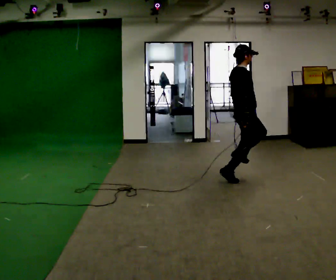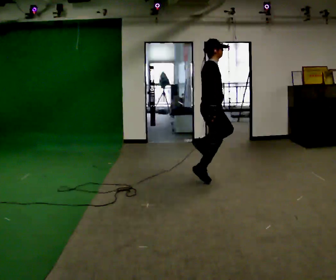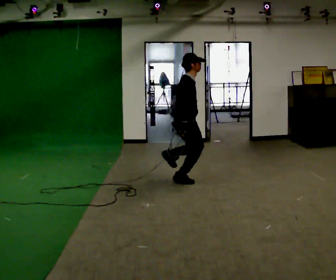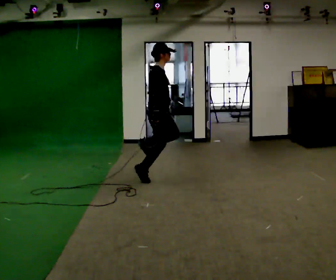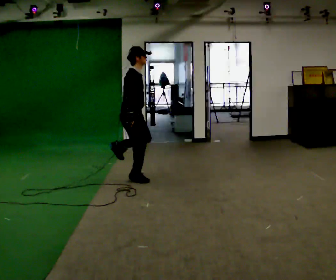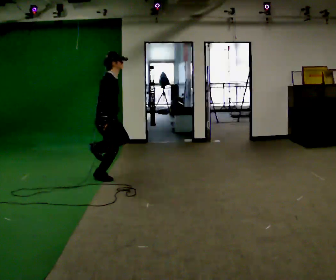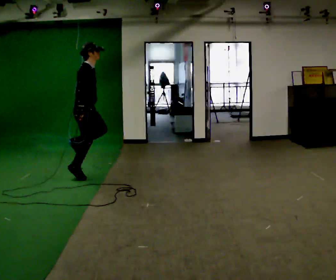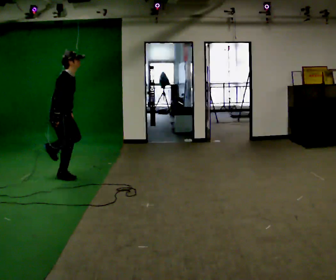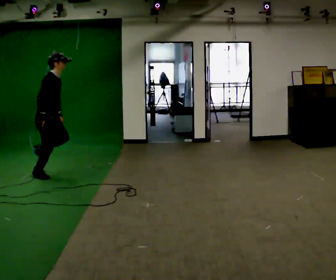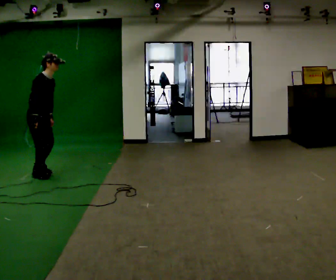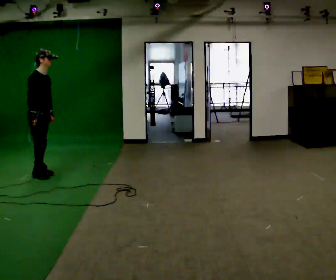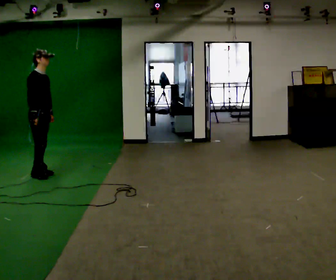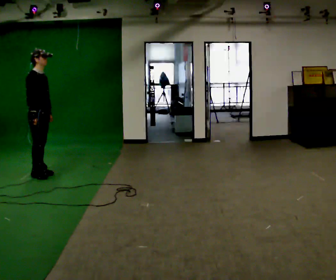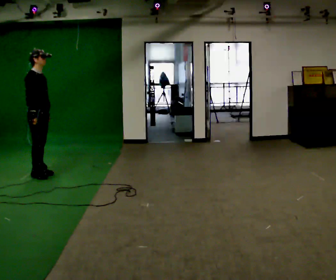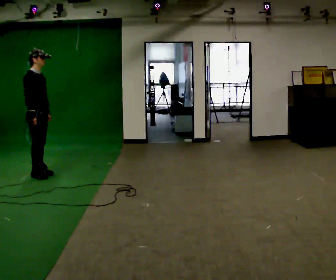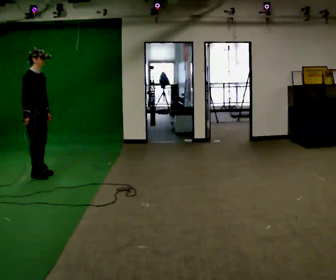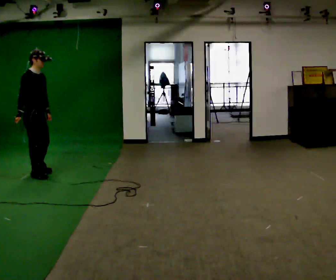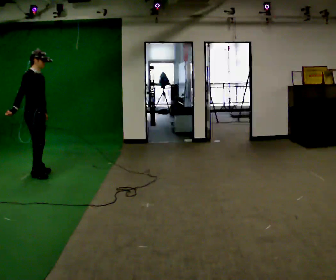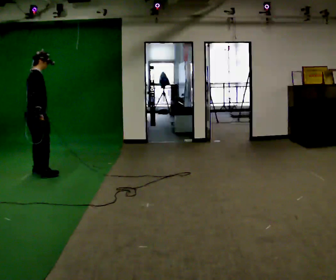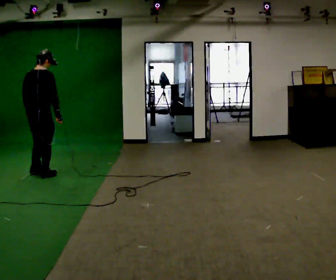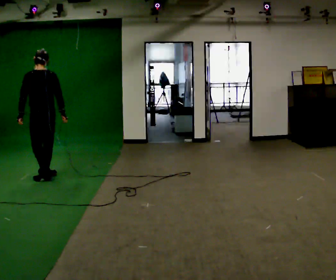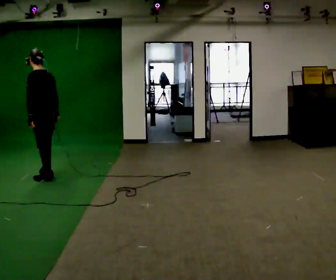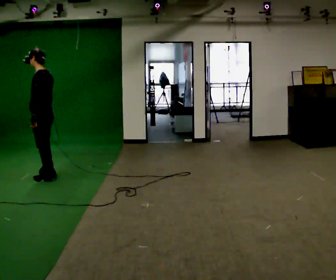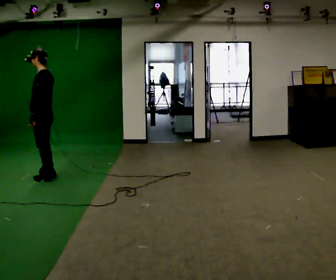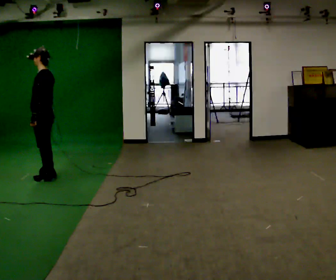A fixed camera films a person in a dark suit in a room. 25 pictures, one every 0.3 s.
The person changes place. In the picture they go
to the left.
0.0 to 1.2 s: In the picture they go to the left, about 1.5 m in 3 steps, which for them is backward.
1.2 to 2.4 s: In the picture they go to the left, about 1 m in 2 steps, which for them is backward.
2.4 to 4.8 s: In the picture they go to the left, about 0.25 m, which for them is backward.
4.8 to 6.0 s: The person turns about 120 degrees to their left, counterclockwise seen from above, so the part of the body nearest the lens slides to the right. In the picture they go to the right, about 0.25 m in 1 step. In the picture their right hand goes to the right.
6.0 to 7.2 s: The person turns about 60 degrees to their left, counterclockwise seen from above, so the part of the body nearest the lens slides to the right.
The film runs backward here.
